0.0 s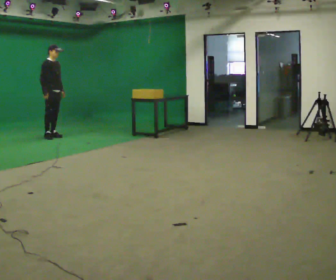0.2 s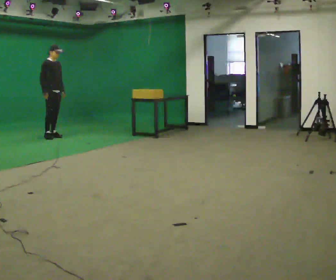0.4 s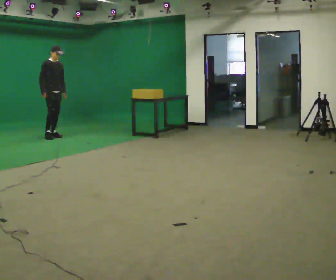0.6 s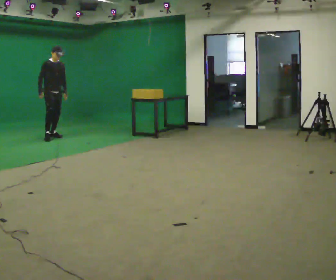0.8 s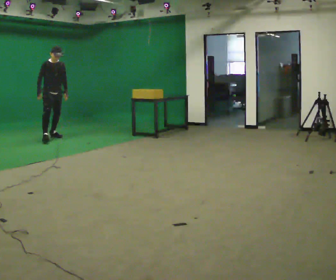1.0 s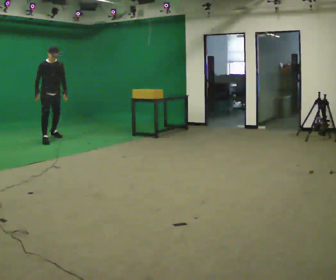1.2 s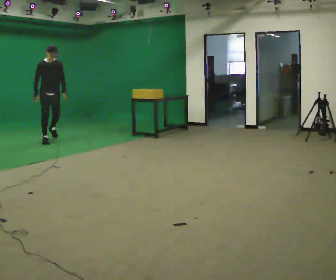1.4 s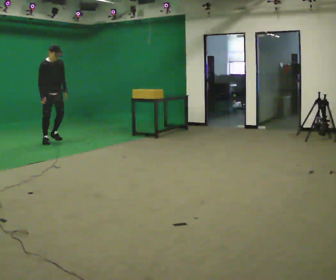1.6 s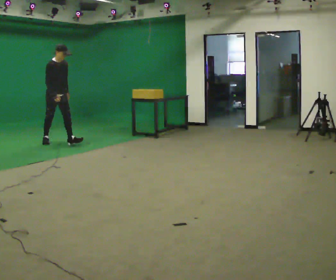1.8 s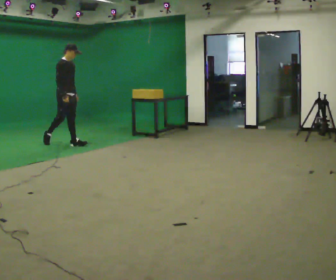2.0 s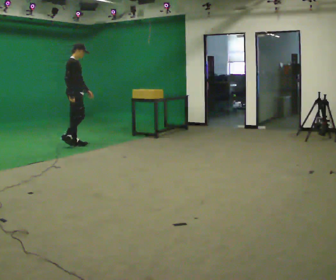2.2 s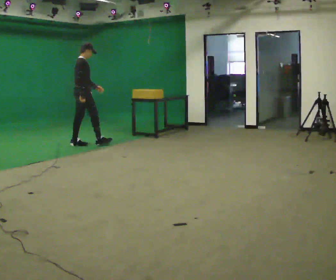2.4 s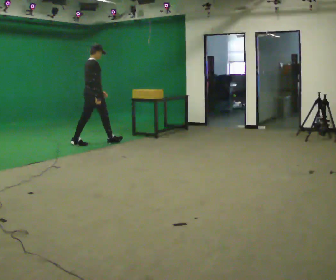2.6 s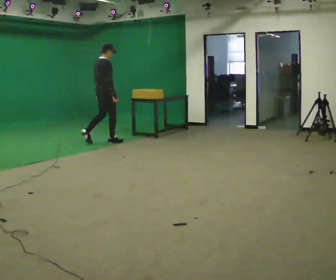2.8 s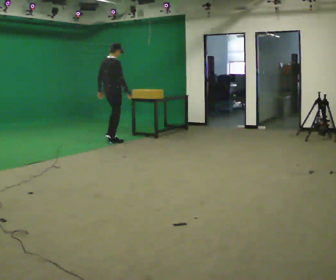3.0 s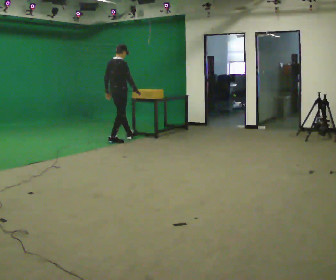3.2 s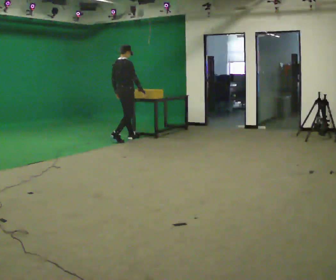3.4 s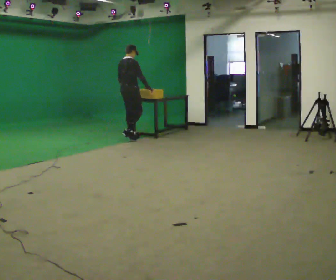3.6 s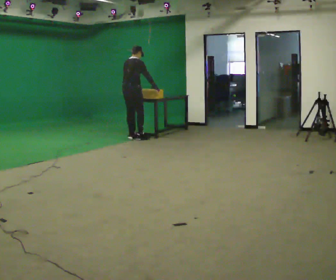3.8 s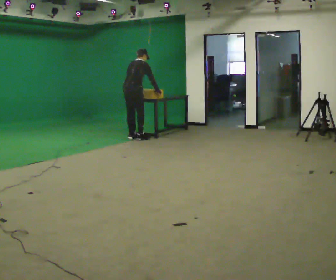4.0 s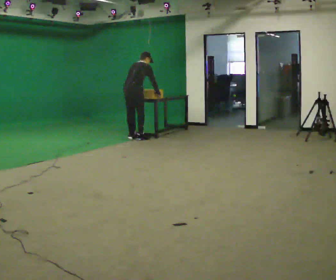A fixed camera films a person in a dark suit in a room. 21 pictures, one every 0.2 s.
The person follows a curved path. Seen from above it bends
counterclockwise.
The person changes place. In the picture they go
to the right.
0.0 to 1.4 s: The person turns about 30 degrees to their right, clockwise seen from above, so the part of the body nearest the lens slides to the left. In the picture they go toward the camera, about 0.5 m in 1 step, which for them is forward and to their right.
1.4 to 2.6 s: The part of the body nearest the lens slides to the right as the person turns to their left by about 90 degrees. In the picture they go to the right, about 1 m in 2 steps.
2.6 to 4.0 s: In the picture they go to the right and away from the camera, about 0.5 m in 2 steps, which for them is forward. The upper body tips away from the camera, its near side rolling upward, as they bend forward.
The film runs forward here.
